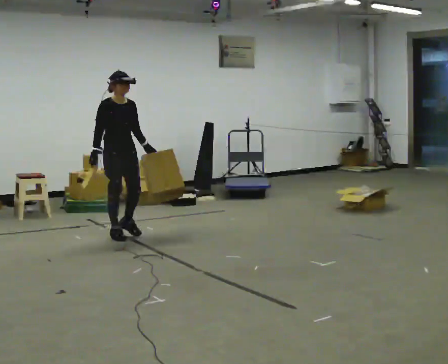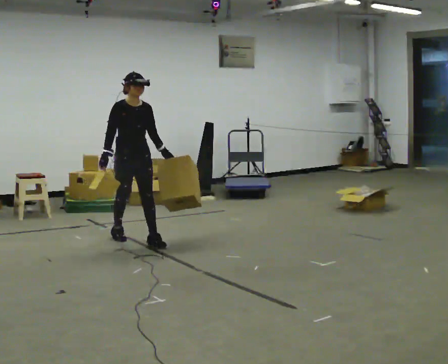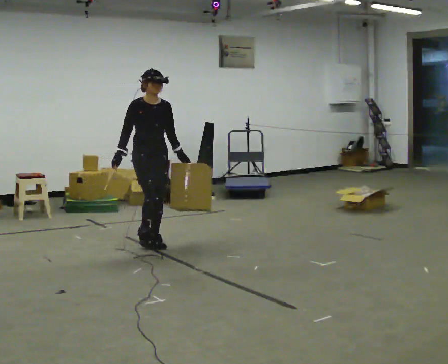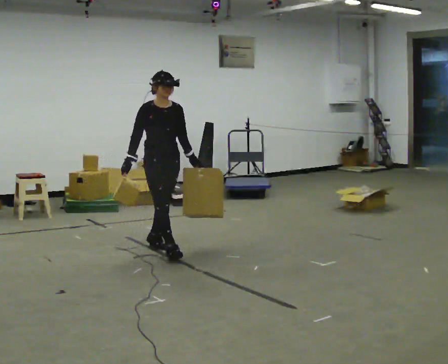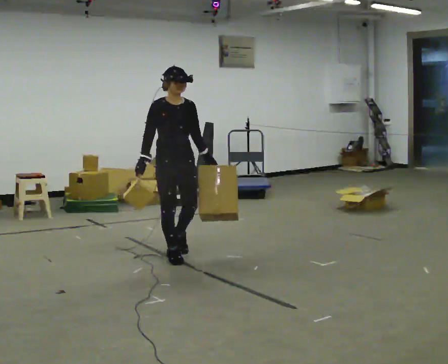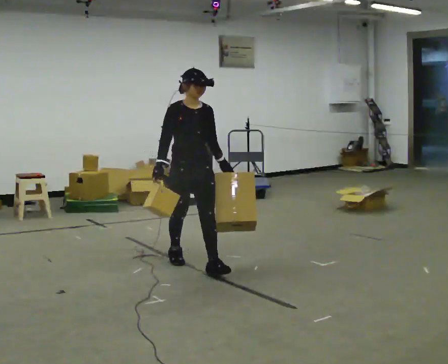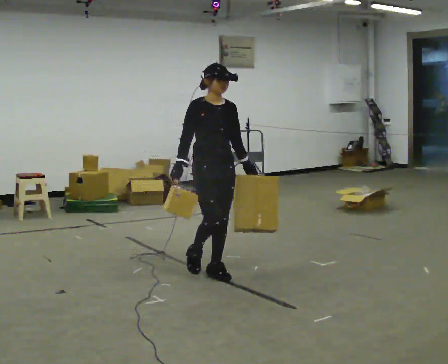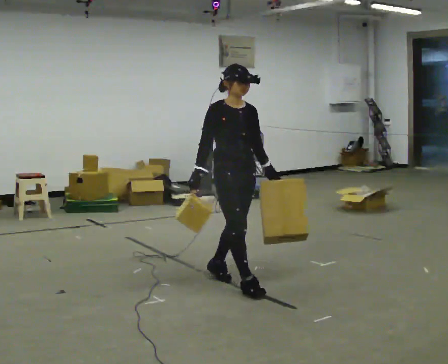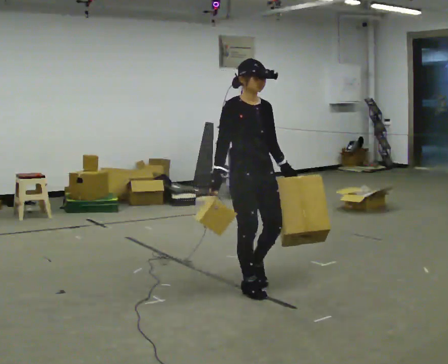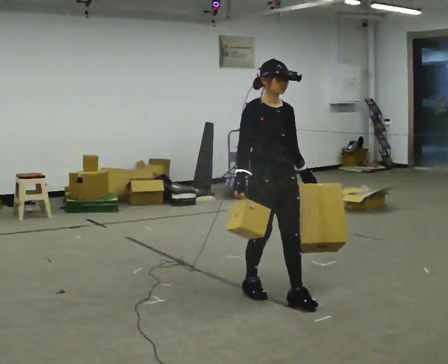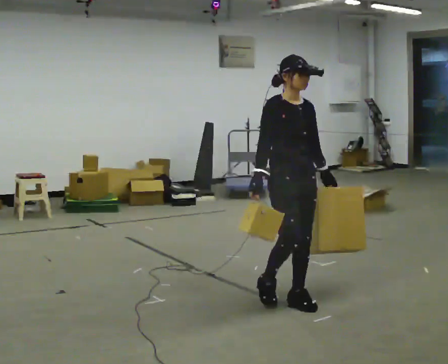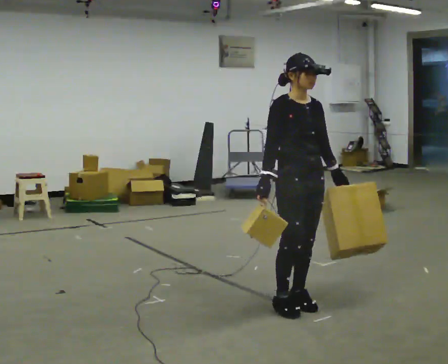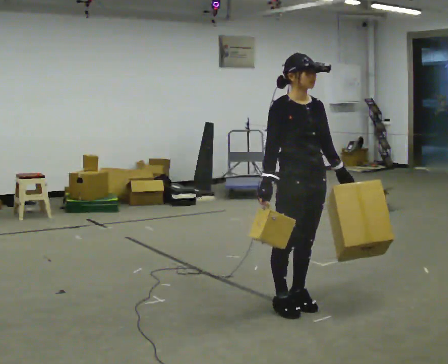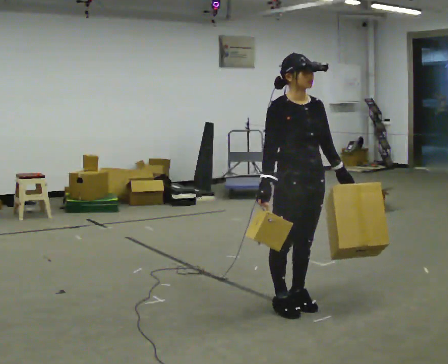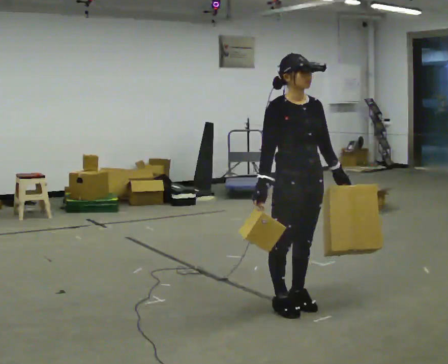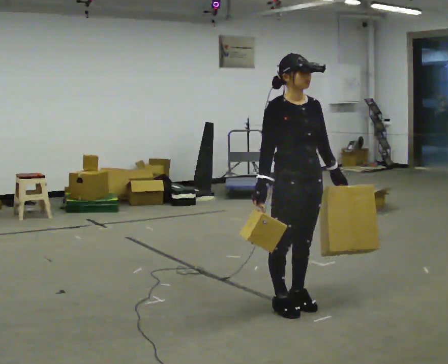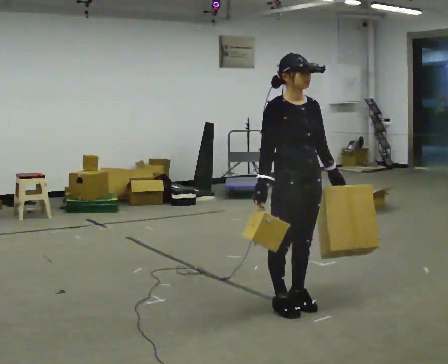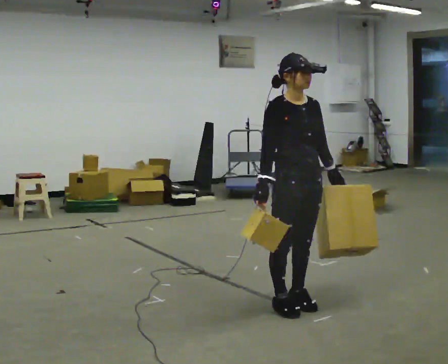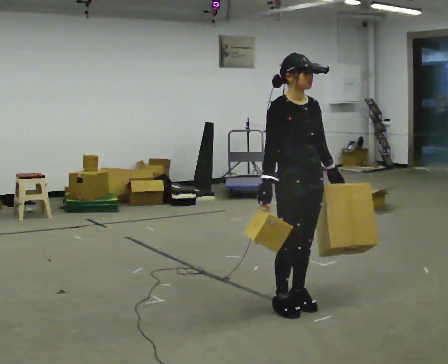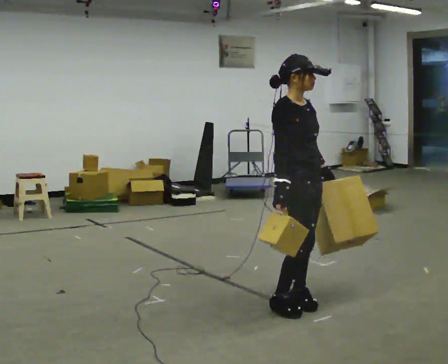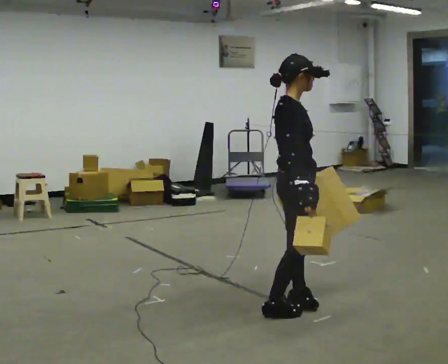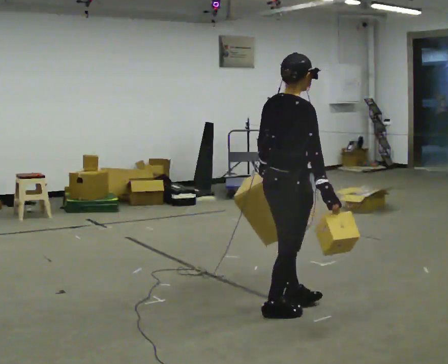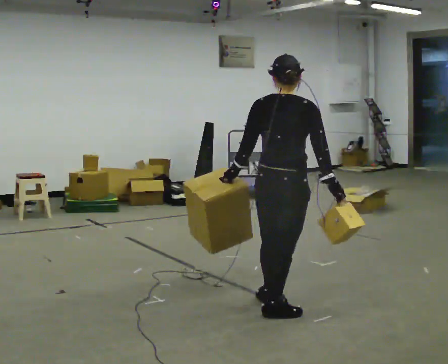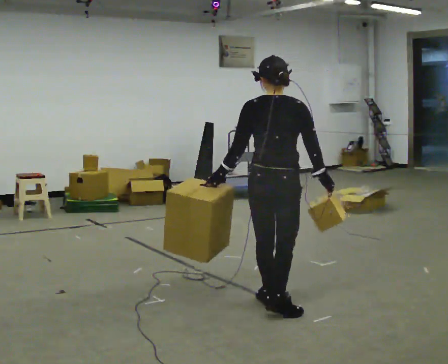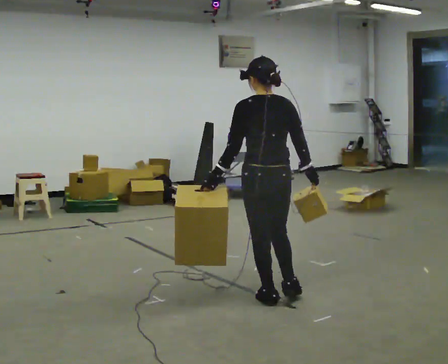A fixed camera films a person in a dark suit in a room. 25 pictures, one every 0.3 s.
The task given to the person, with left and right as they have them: Carry one object in each hand, the heavy one in the hand the operator calls, walking back and forth across the room.
0.0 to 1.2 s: In the picture they go to the right and toward the camera, about 1 m in 2 steps, which for them is forward.
1.2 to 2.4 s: In the picture they go to the right and toward the camera, about 1 m in 2 steps, which for them is forward.
2.4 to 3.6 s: In the picture they go to the right and toward the camera, about 0.5 m in 2 steps, which for them is forward.
3.6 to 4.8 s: The person moves a little, or ends about where they began.
4.8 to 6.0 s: The part of the body nearest the lens slides to the right as the person turns to their left by about 60 degrees.
6.0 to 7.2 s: The person turns about 105 degrees to their left, counterclockwise seen from above, so the part of the body nearest the lens slides to the right. In the picture they go away from the camera, about 0.25 m. In the picture their left hand goes to the left.
The film runs forward here.
